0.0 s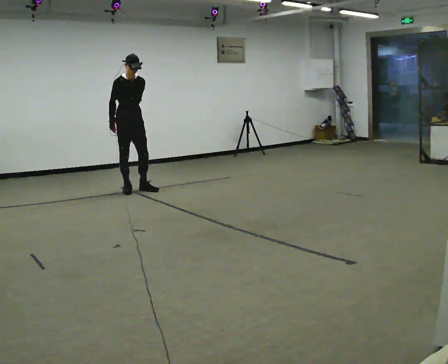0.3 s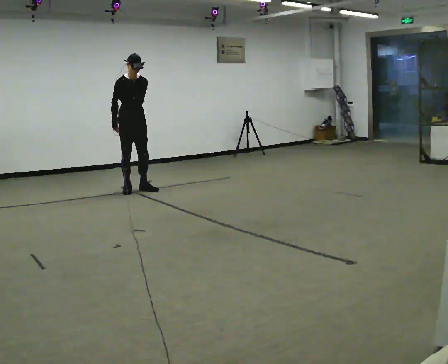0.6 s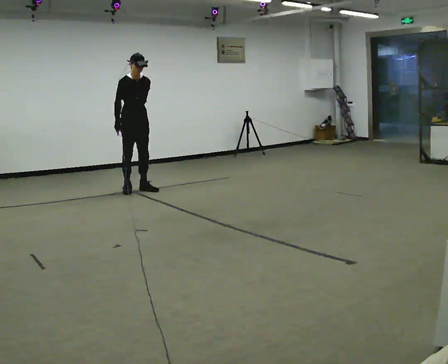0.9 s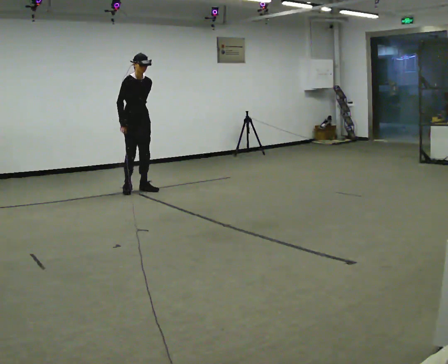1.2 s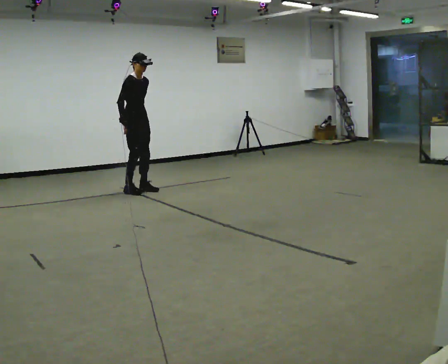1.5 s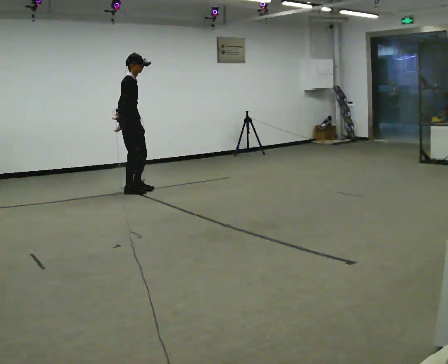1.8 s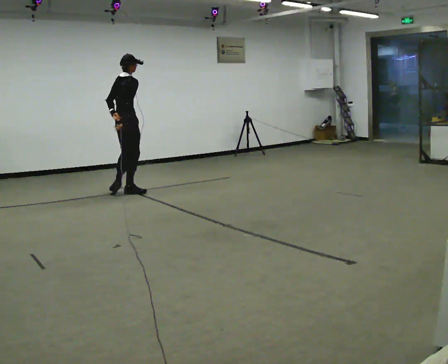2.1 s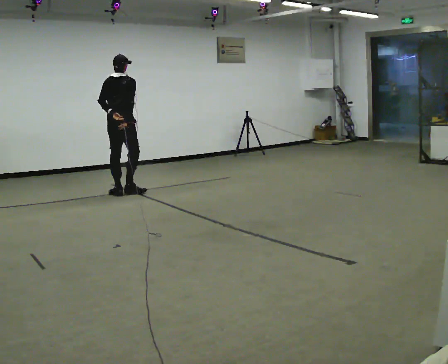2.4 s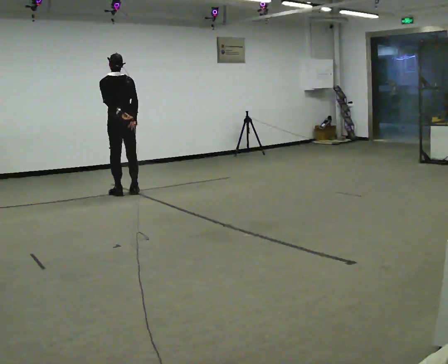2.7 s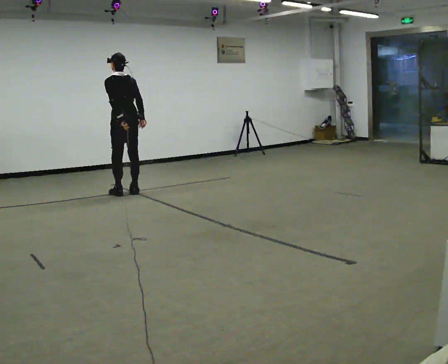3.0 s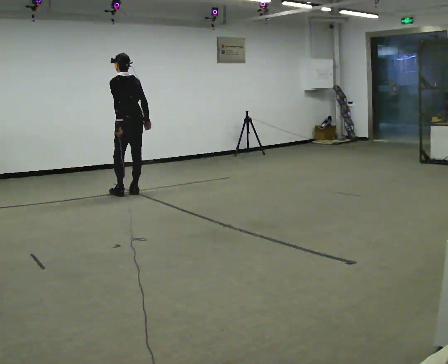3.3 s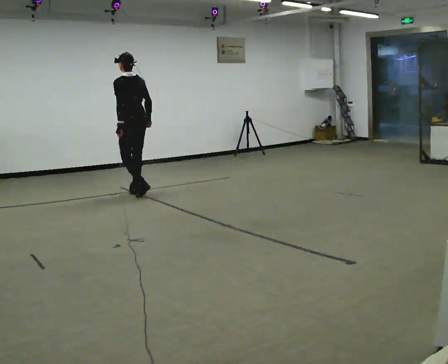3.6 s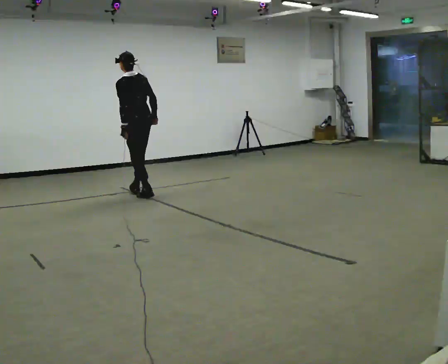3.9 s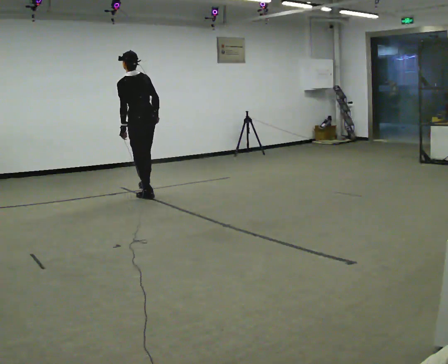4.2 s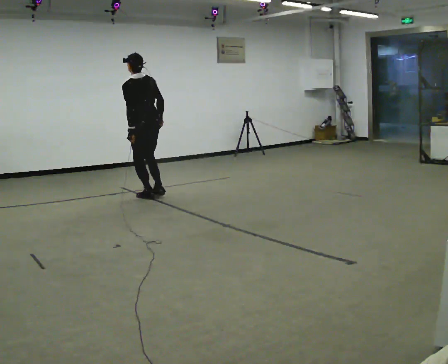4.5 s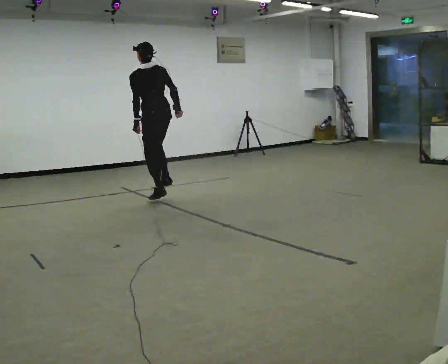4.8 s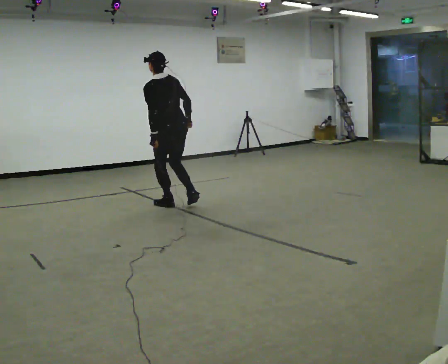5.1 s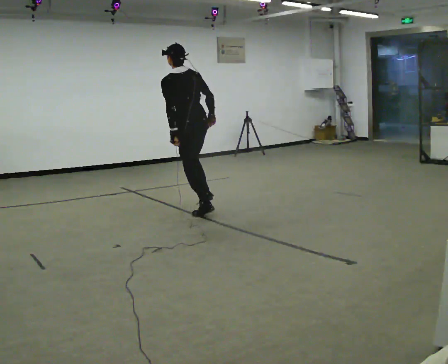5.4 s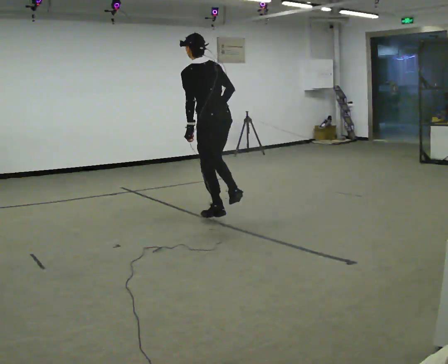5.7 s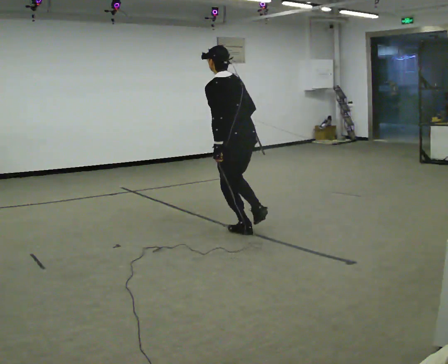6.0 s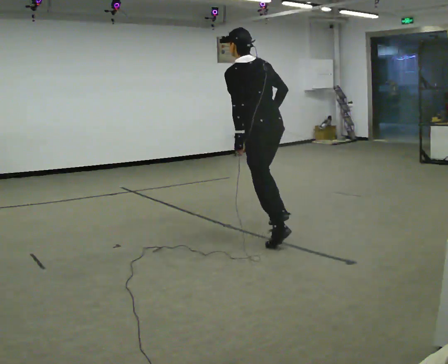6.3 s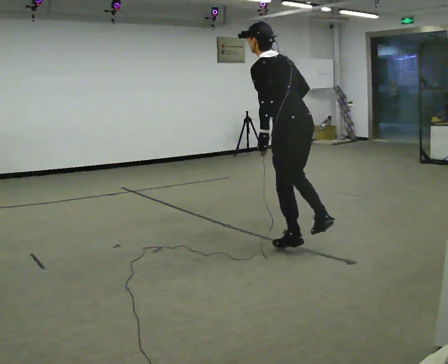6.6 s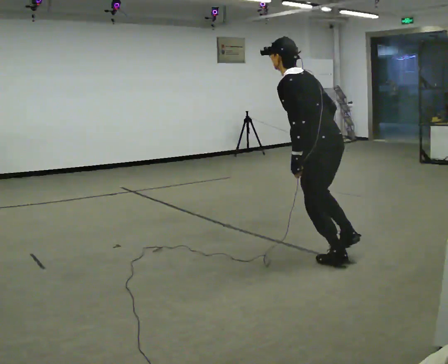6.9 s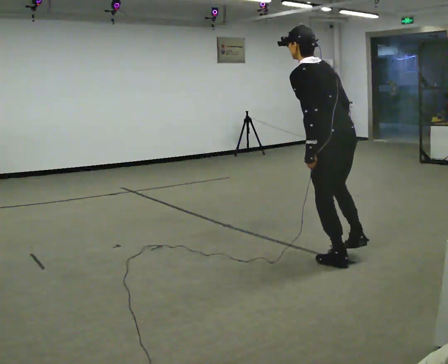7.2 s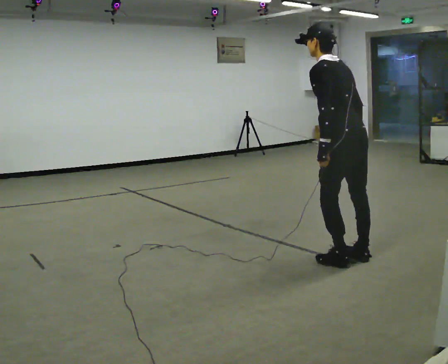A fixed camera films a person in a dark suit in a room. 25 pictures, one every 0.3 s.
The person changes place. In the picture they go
toward the camera.
0.0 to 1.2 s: The person turns about 30 degrees to their left, counterclockwise seen from above, so the part of the body nearest the lens slides to the right.
1.2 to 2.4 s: The person turns about 135 degrees to their left, counterclockwise seen from above, so the part of the body nearest the lens slides to the right. In the picture they go toward the camera, about 0.25 m in 1 step.
2.4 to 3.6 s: In the picture they go to the right, about 0.25 m in 1 step, which for them is backward.
3.6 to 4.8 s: In the picture they go toward the camera and to the right, about 0.5 m in 3 steps, which for them is backward.
4.8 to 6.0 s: In the picture they go toward the camera and to the right, about 1.5 m in 1 step, which for them is backward.
6.0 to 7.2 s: In the picture they go toward the camera and to the right, about 1 m in 1 step, which for them is backward.
The film runs backward here.
